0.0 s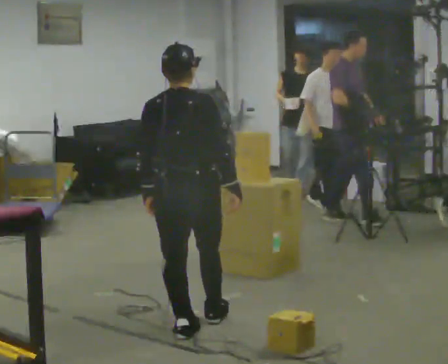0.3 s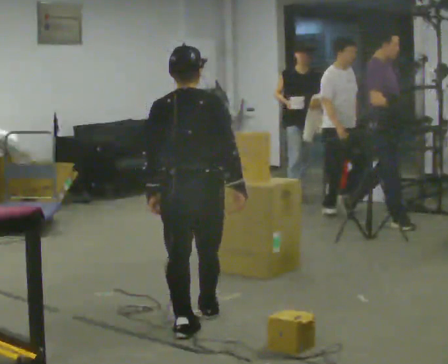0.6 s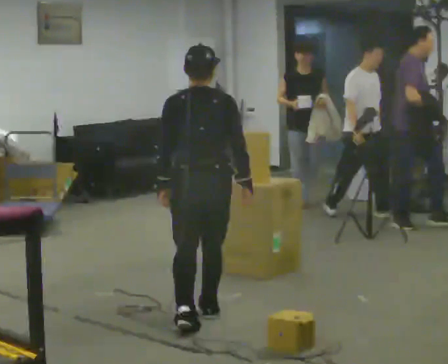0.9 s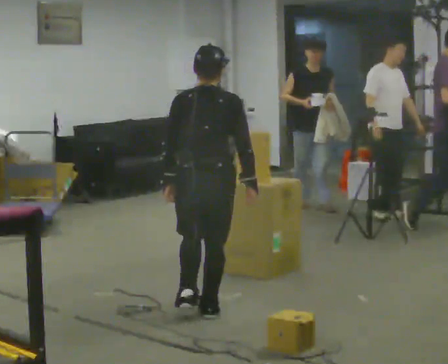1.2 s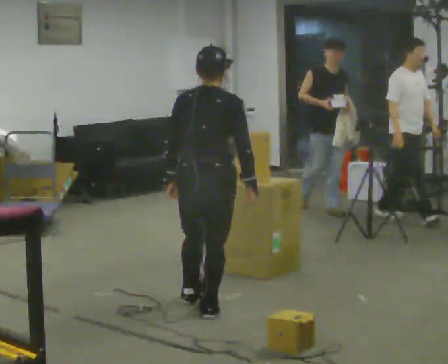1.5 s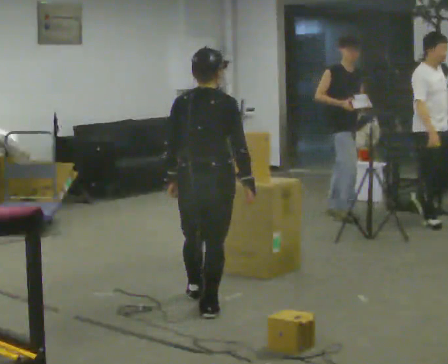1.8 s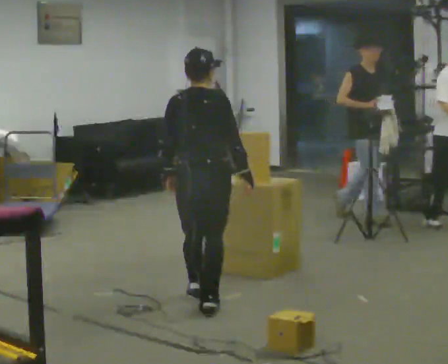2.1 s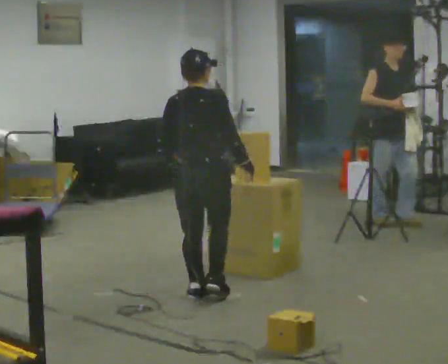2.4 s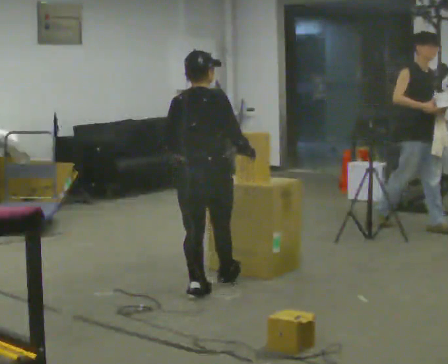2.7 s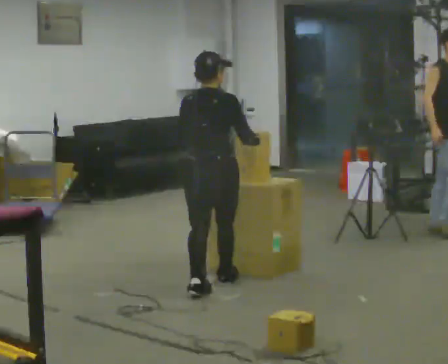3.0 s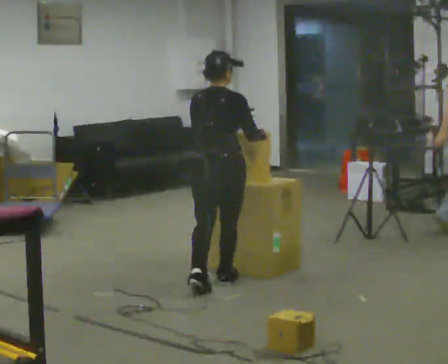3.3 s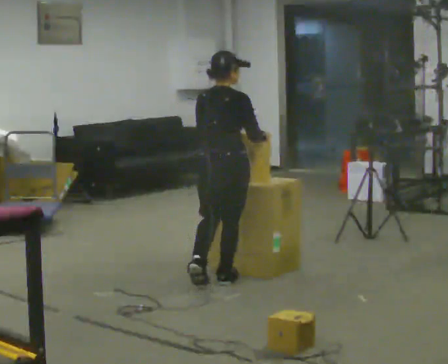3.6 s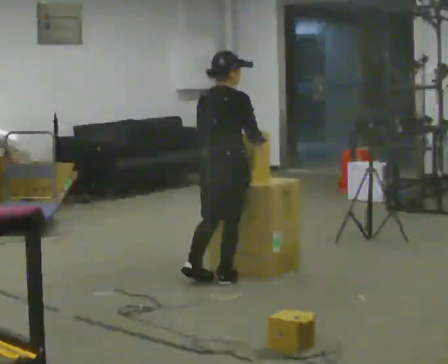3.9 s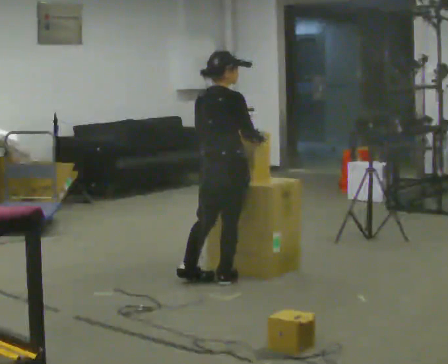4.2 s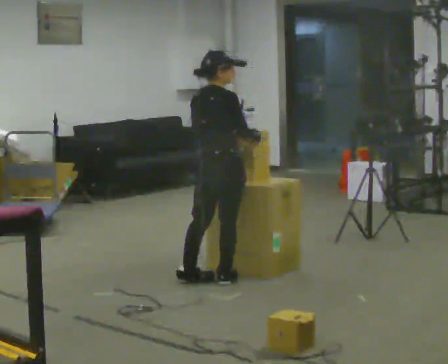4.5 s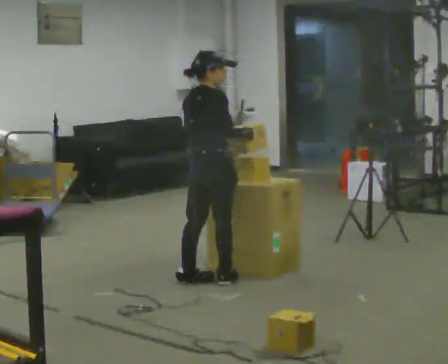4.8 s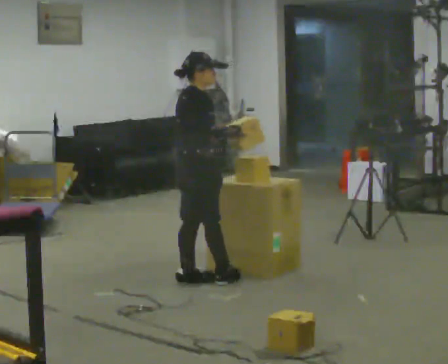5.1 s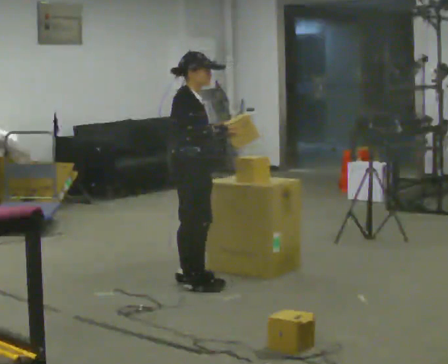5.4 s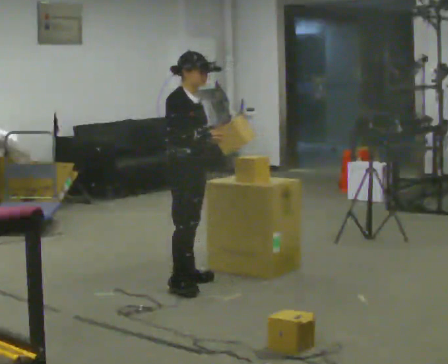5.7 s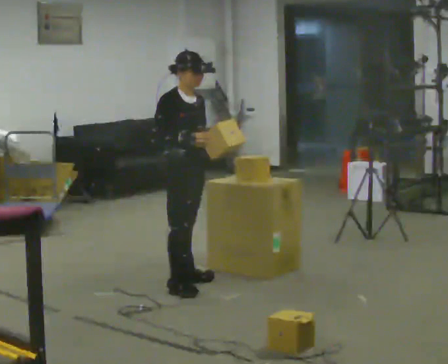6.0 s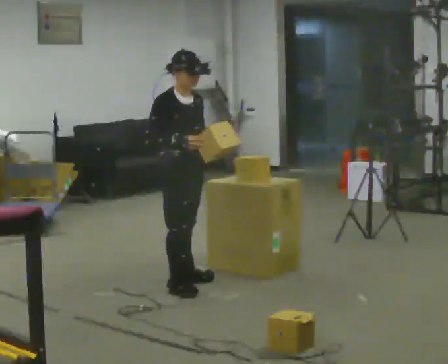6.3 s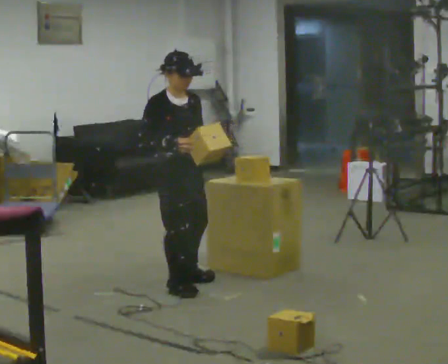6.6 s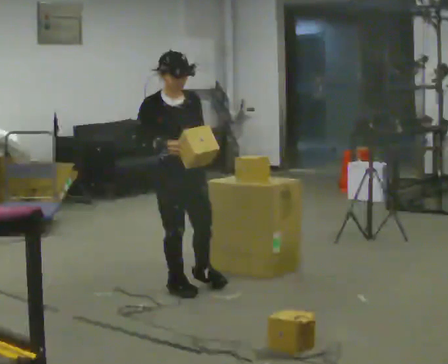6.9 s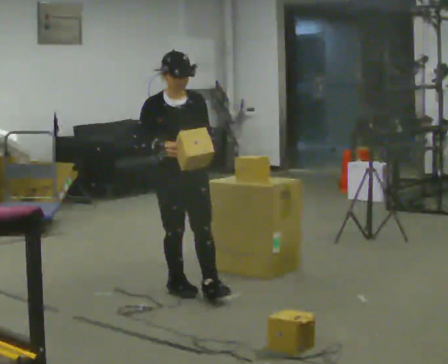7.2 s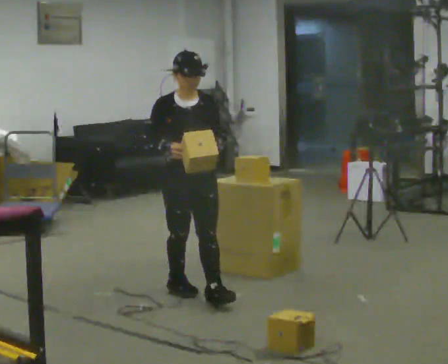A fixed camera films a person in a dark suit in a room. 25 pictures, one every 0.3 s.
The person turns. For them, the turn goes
to their right.
The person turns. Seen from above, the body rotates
clockwise.
0.0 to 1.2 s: In the picture they go away from the camera, about 0.25 m in 1 step, which for them is forward.
1.2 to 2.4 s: In the picture they go away from the camera, about 0.5 m in 1 step, which for them is forward.
2.4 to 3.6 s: In the picture they go away from the camera, about 0.25 m in 1 step, which for them is forward.
3.6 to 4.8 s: The part of the body nearest the lens slides to the left as the person turns to their right by about 45 degrees. In the picture they go to the left, about 0.25 m in 1 step, which for them is to their left and backward.
4.8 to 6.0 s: The person turns about 60 degrees to their right, clockwise seen from above, so the part of the body nearest the lens slides to the left. In the picture their right hand goes to the left.
6.0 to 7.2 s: The person turns about 30 degrees to their right, clockwise seen from above, so the part of the body nearest the lens slides to the left. In the picture they go toward the camera, about 0.25 m in 1 step, which for them is forward.
The film runs forward here.
